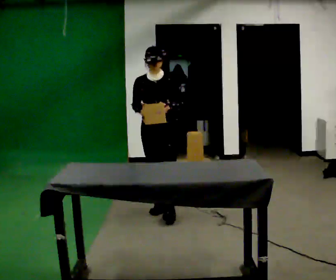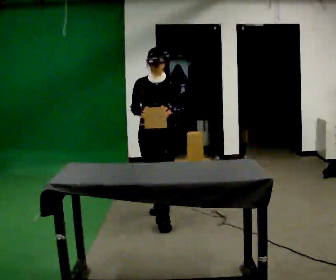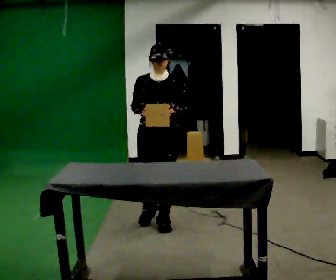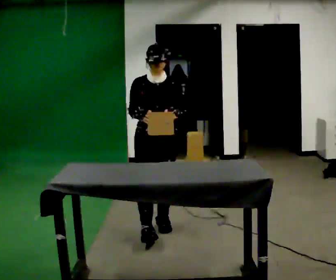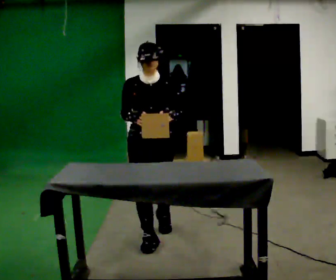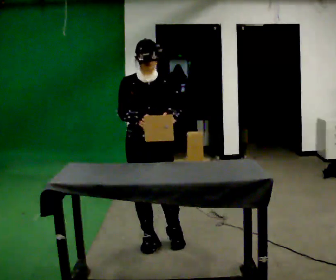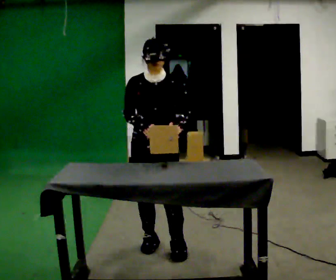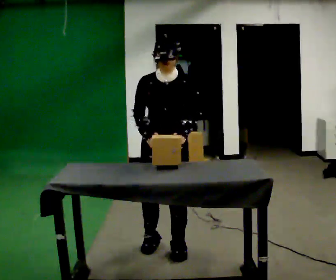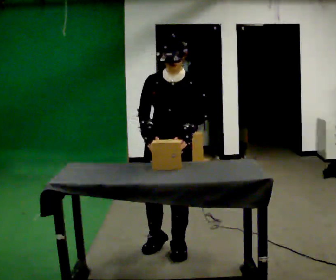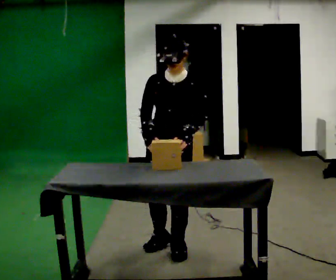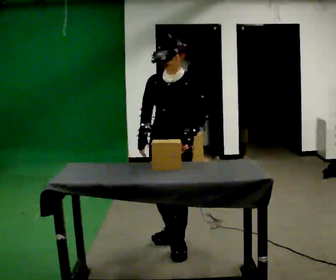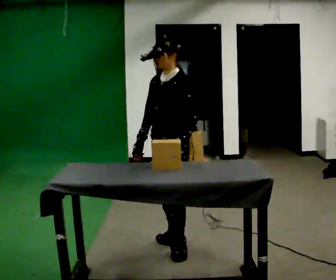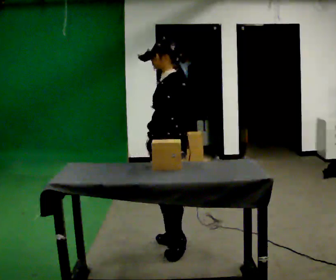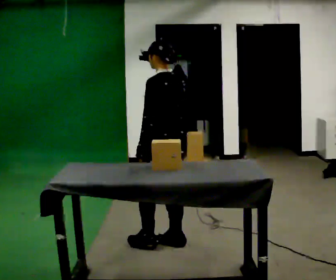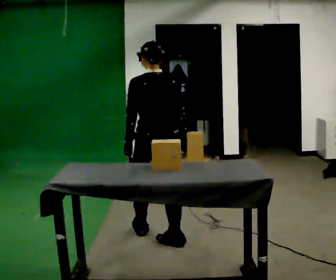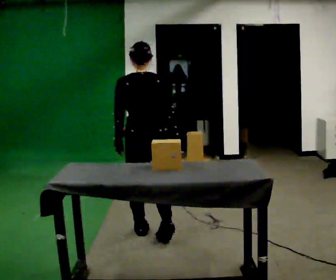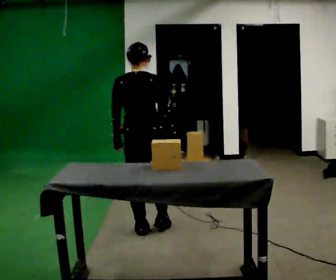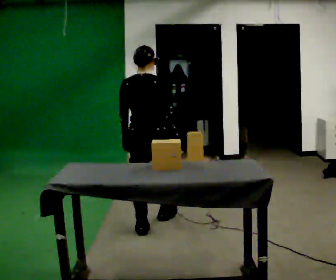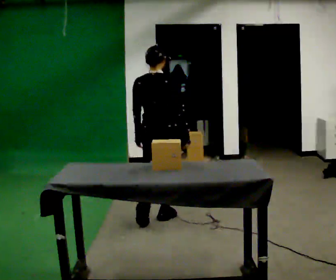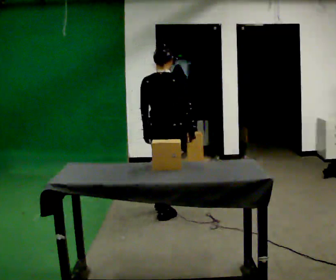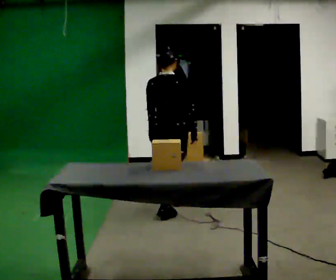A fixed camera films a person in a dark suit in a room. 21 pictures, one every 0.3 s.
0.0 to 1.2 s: In the picture they go toward the camera, about 1 m in 2 steps, which for them is forward.
1.2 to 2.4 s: In the picture they go toward the camera and to the right, about 0.25 m in 1 step, which for them is forward and to their left.
2.4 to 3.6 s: The person turns about 75 degrees to their right, clockwise seen from above, so the part of the body nearest the lens slides to the left. In the picture they go away from the camera, about 0.25 m in 1 step.
3.6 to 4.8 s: The part of the body nearest the lens slides to the left as the person turns to their right by about 105 degrees. In the picture they go away from the camera and to the left, about 0.25 m in 1 step.
4.8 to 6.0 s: In the picture they go away from the camera, about 0.75 m in 2 steps, which for them is forward.
The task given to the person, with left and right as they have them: Take objects out of the bin one at a time and lay them out on the table, stepping between the bin and the table each time. Keep going until the operator says stop; one object at a time, and do not rush between trips.
The film runs forward here.
